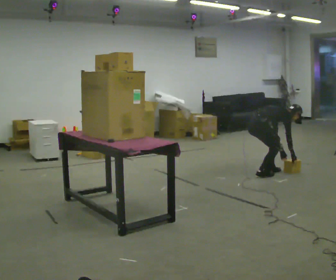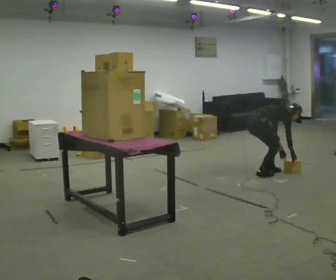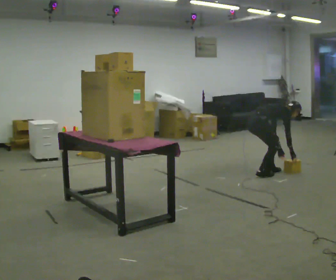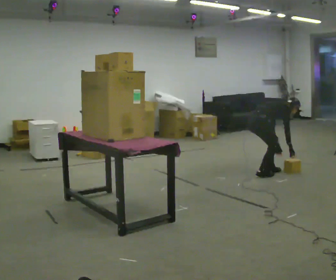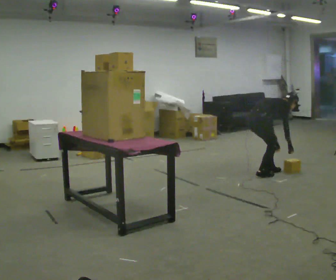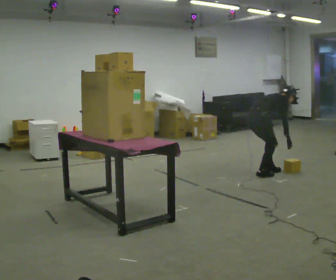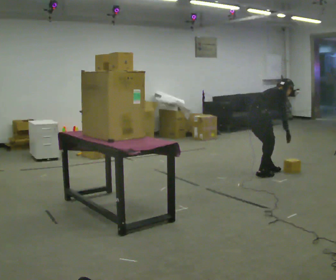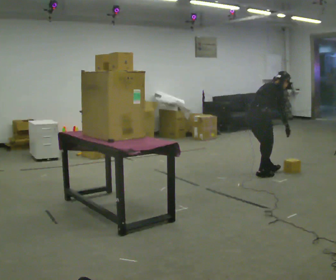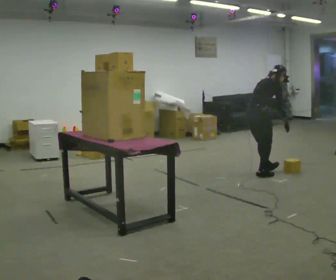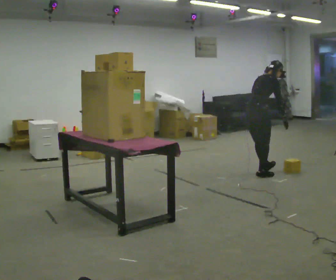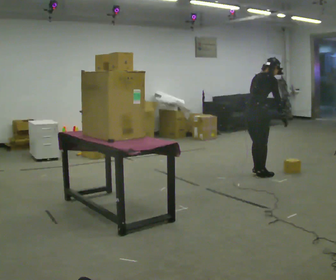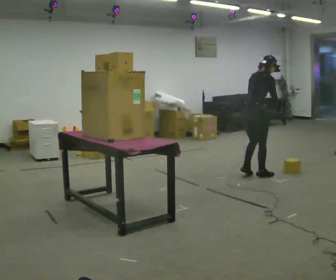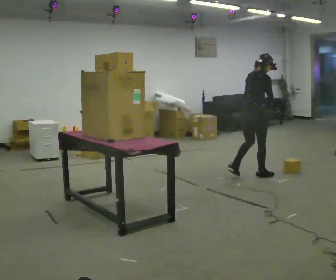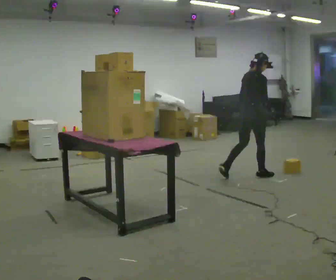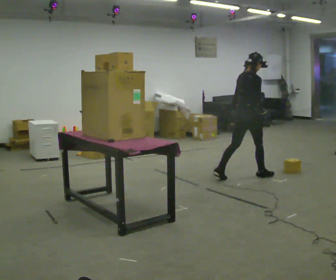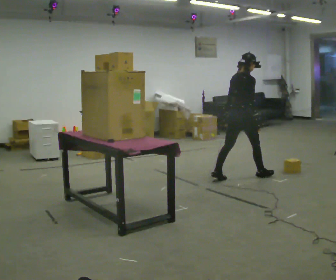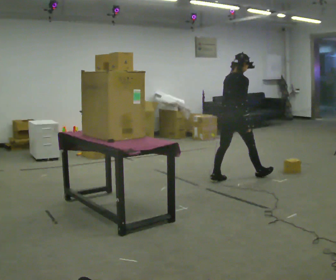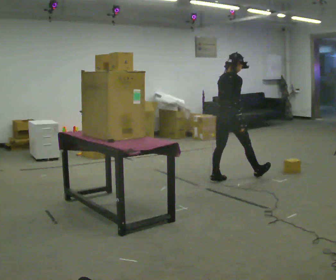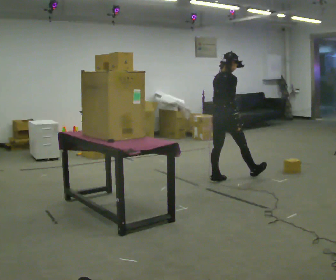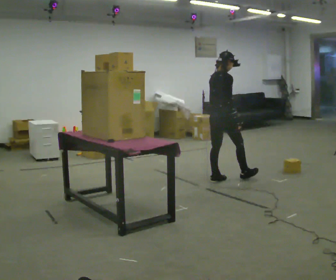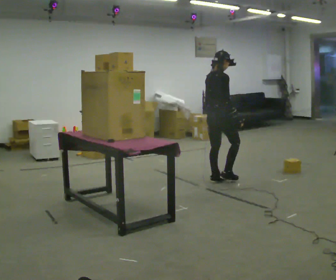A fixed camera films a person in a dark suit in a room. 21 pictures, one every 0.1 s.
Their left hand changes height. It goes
upward.
The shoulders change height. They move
upward.
0.0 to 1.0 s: The shoulders move upward. In the picture the upper body tilts counterclockwise, shoulders to the left, as they lean back or straighten. In the picture their left hand goes upward and to the left.
1.0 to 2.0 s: In the picture they go to the left and toward the camera, about 0.5 m in 1 step, which for them is backward. In the picture the upper body tilts counterclockwise, shoulders to the left, as they lean back or straighten.
The film runs backward here.
